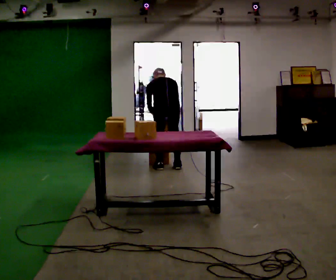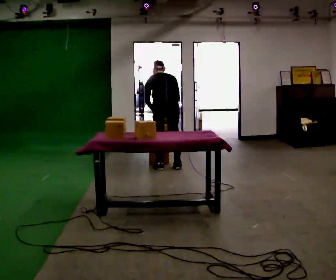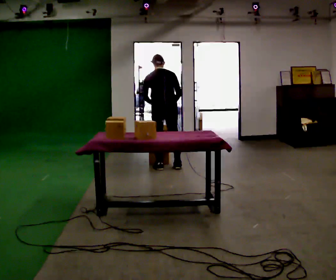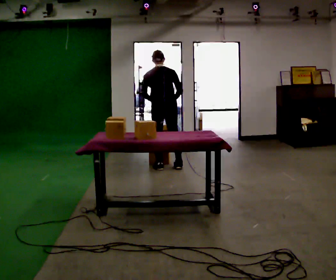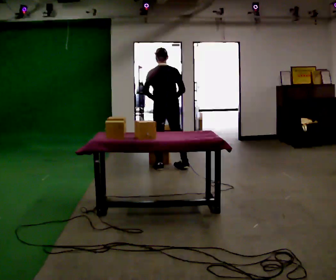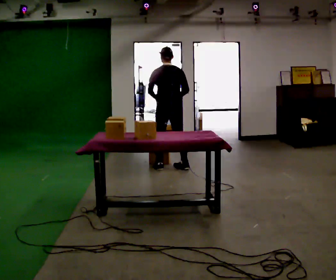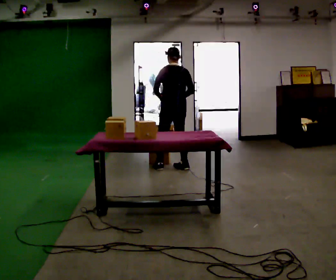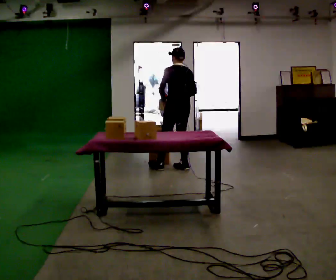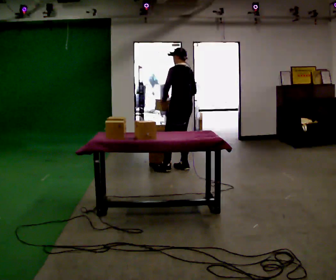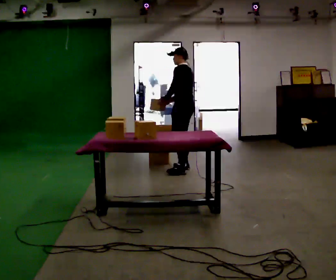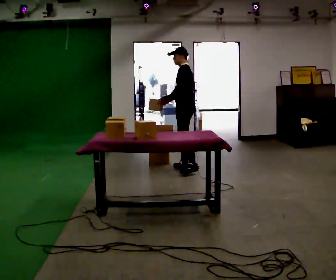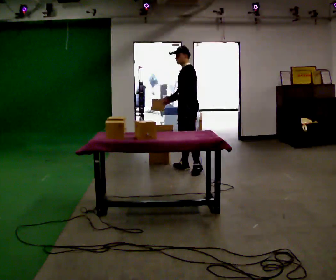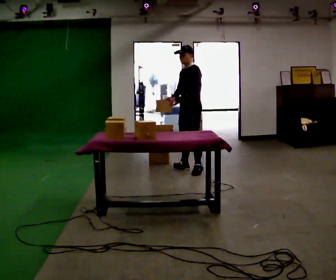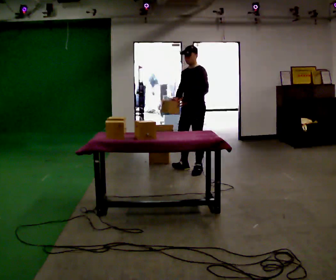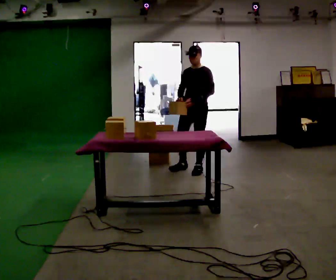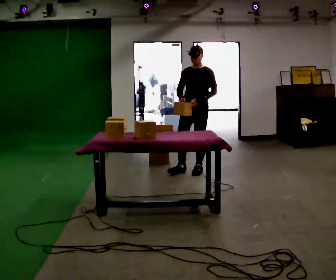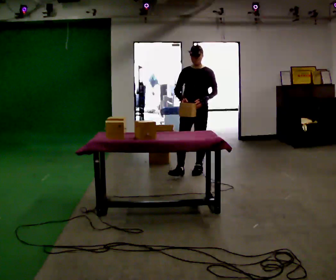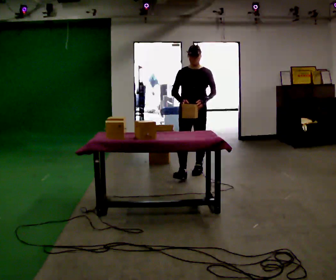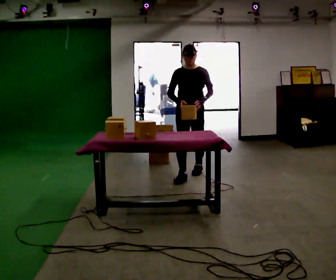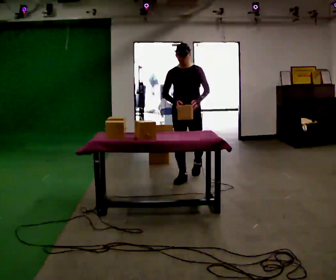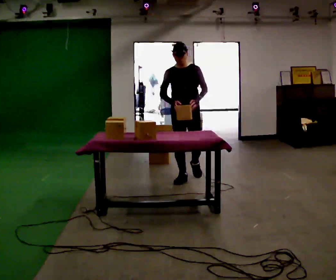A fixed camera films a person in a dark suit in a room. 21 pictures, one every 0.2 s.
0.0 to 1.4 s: The person turns about 30 degrees to their left, counterclockwise seen from above, so the part of the body nearest the lens slides to the right. In the picture they go to the right, about 0.25 m, which for them is to their right. The shoulders move upward. The upper body tips toward the camera, its near side rolling downward, as they lean back or straighten.
1.4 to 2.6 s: The part of the body nearest the lens slides to the right as the person turns to their left by about 90 degrees. In the picture they go to the right, about 0.25 m in 1 step. In the picture their left hand goes to the right.
2.6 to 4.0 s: The person turns about 45 degrees to their left, counterclockwise seen from above, so the part of the body nearest the lens slides to the right. In the picture they go toward the camera, about 0.5 m in 1 step, which for them is forward.
The film runs forward here.
